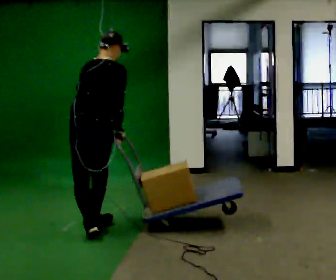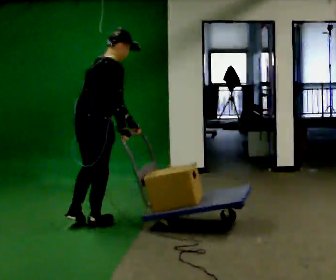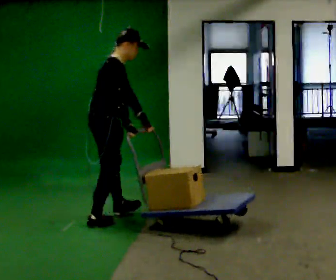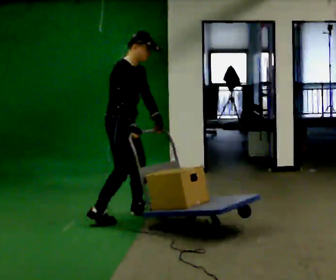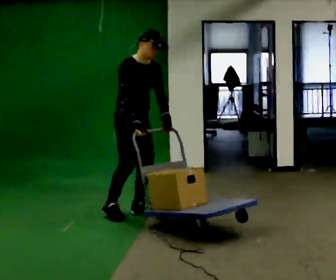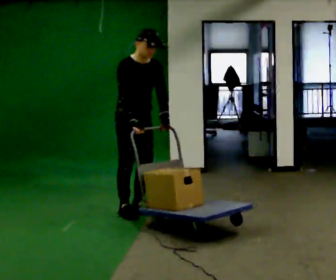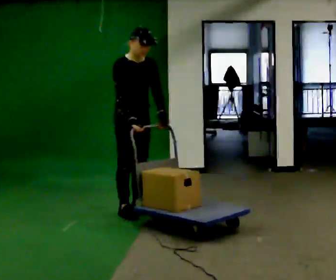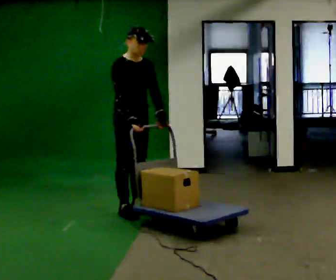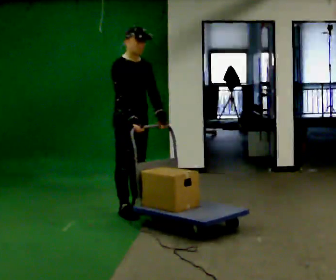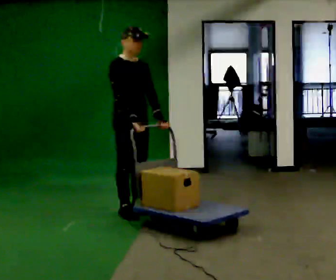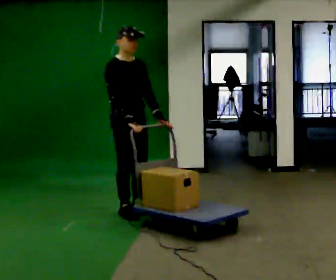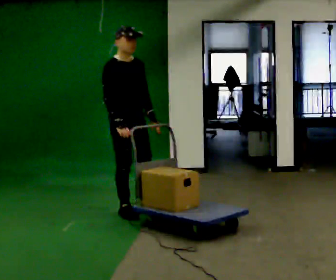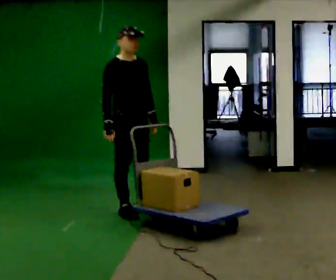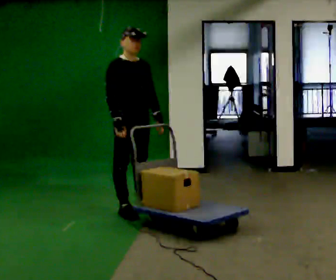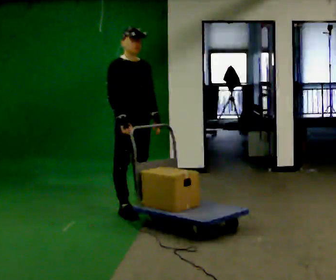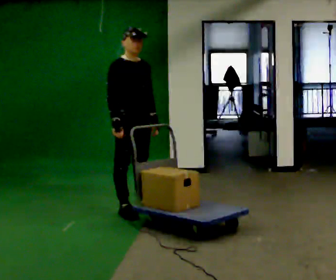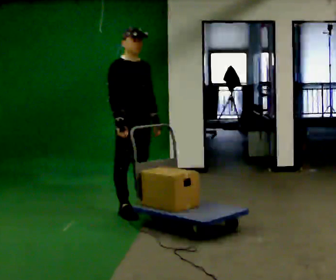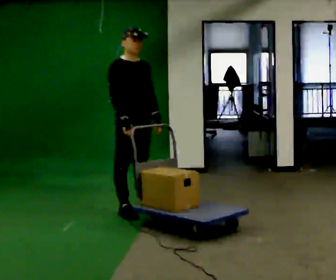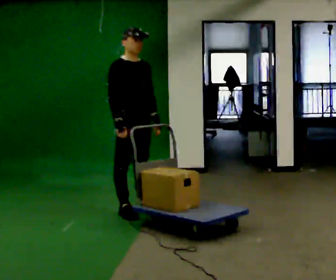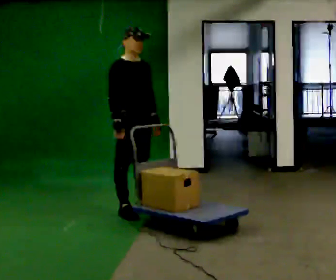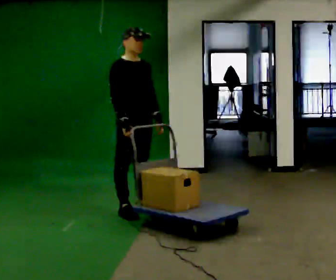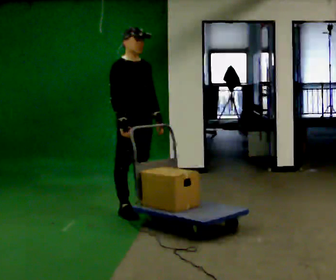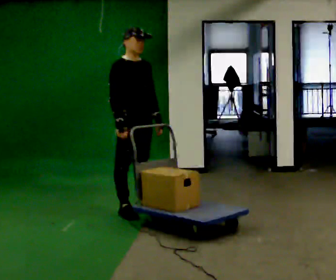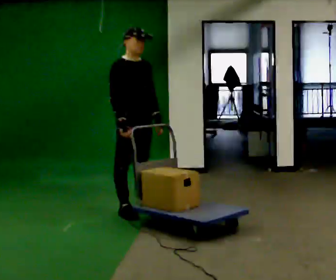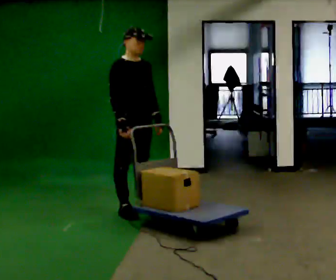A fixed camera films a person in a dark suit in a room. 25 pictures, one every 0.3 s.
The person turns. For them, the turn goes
to their right.
The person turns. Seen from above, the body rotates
clockwise.
0.0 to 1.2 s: The person turns about 120 degrees to their right, clockwise seen from above, so the part of the body nearest the lens slides to the left. In the picture they go away from the camera and to the right, about 0.75 m in 1 step.
1.2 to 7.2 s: The person moves a little, or ends about where they began.
The film runs forward here.
